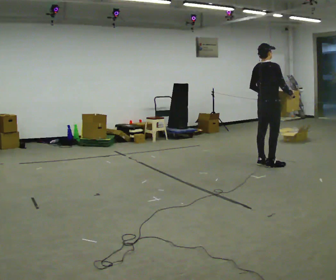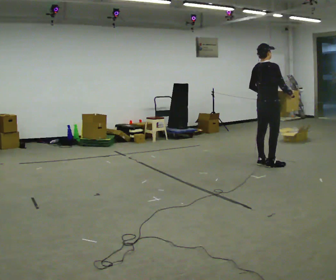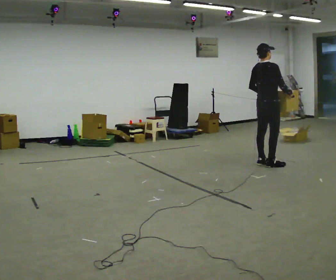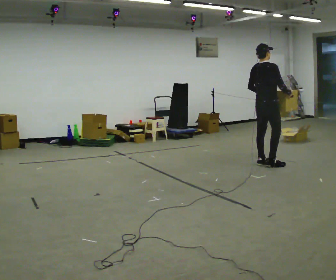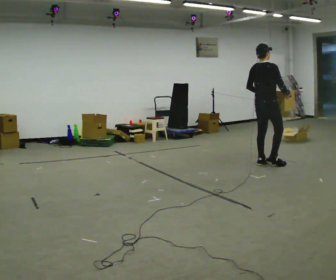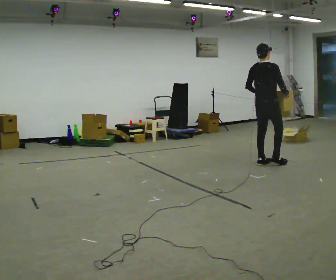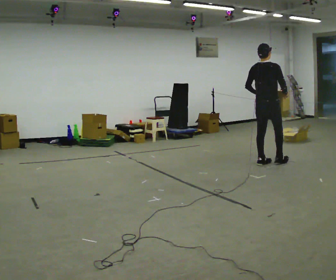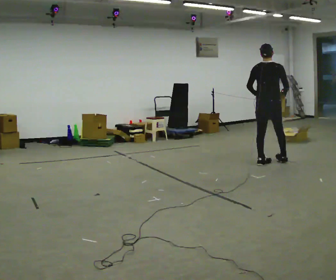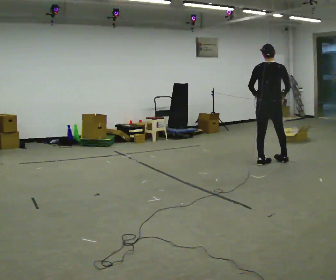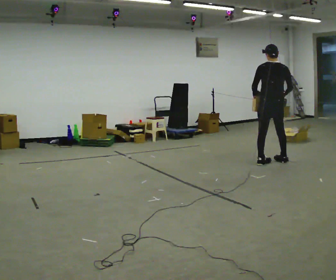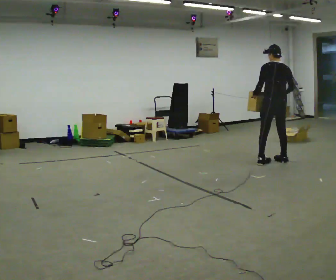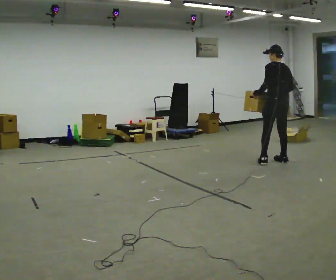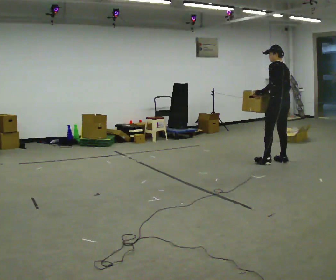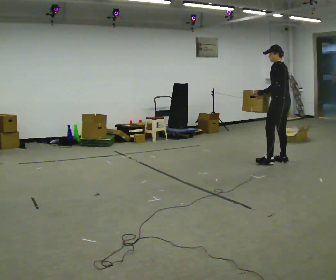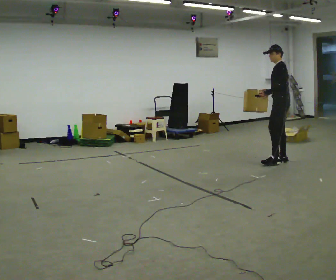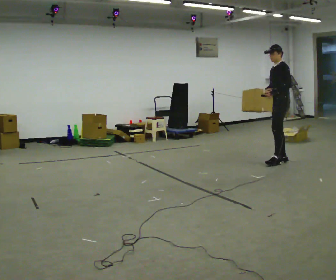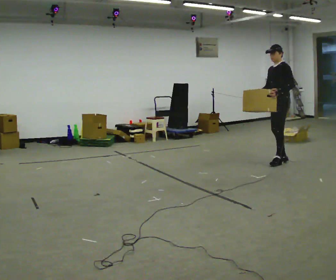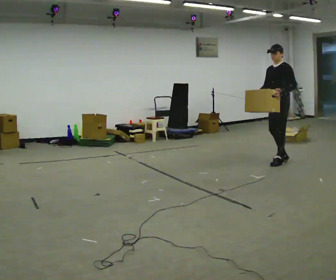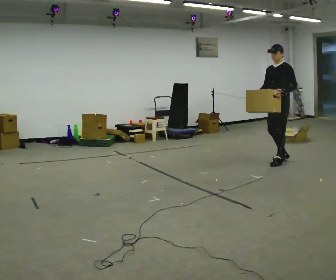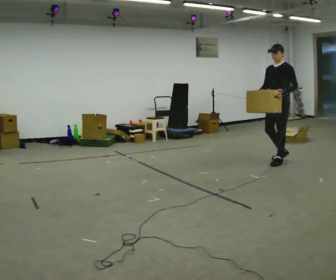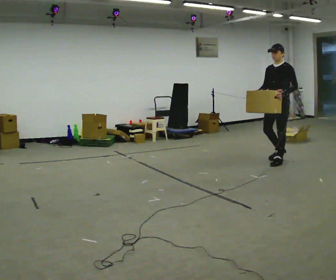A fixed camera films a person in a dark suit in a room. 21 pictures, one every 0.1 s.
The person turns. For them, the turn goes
to their left.
The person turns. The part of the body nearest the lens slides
to the right.
0.0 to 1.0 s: The part of the body nearest the lens slides to the right as the person turns to their left by about 75 degrees.
1.0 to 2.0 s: Seen from above the body turns counterclockwise, about 120 degrees: to their left, with its near side sliding to the right. In the picture their right hand goes to the left, the arm swinging clockwise.
The film runs forward here.
